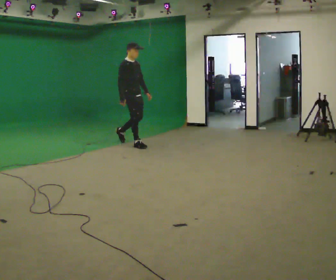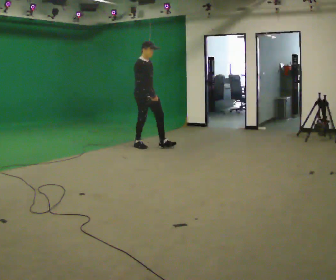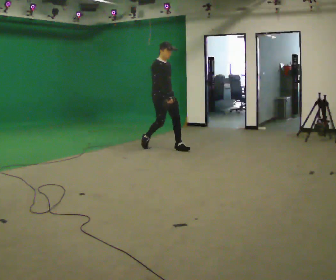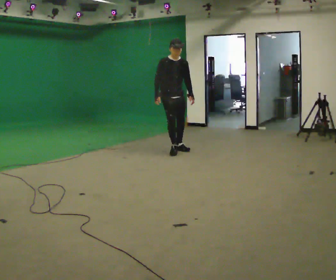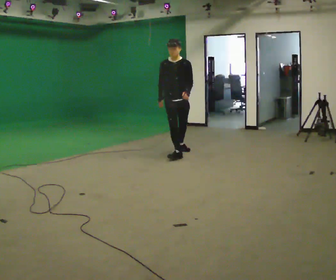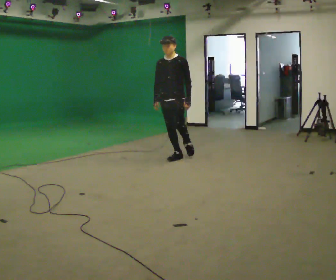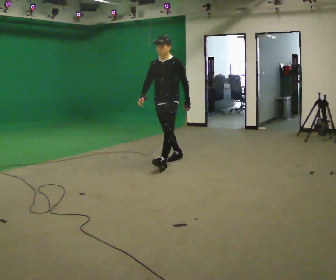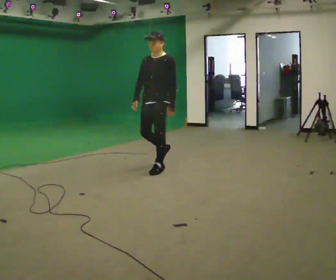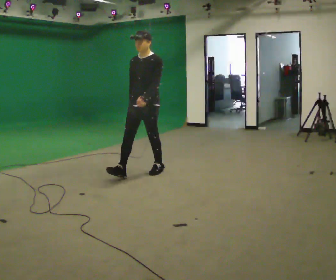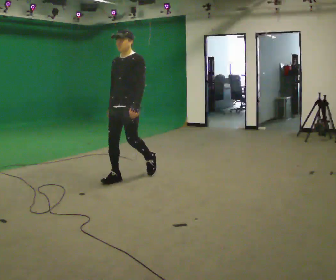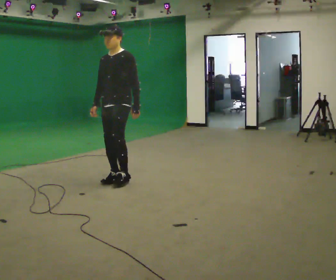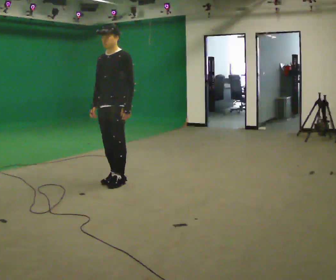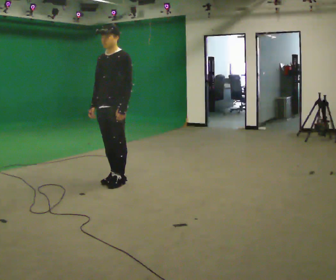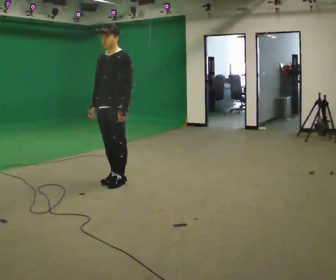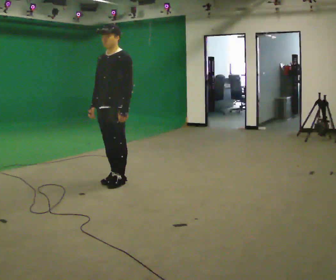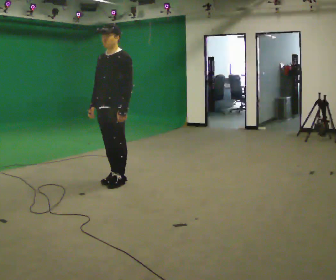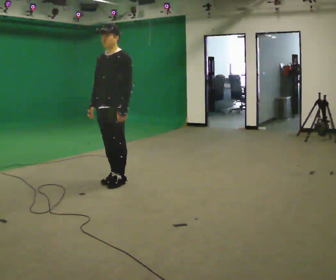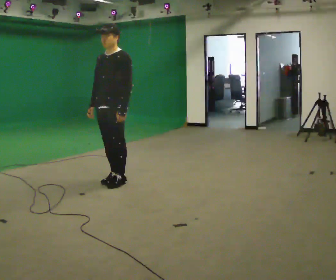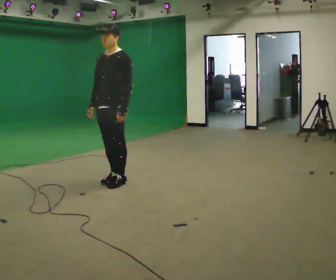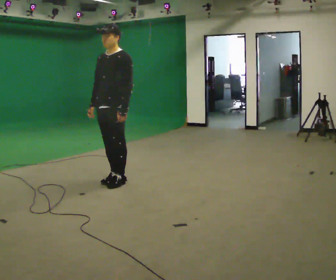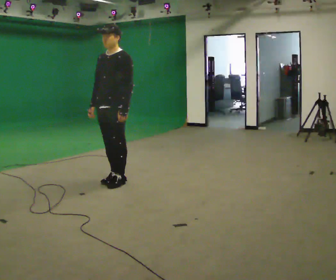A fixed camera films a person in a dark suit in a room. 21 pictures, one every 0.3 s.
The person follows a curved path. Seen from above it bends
clockwise.
The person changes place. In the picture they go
toward the camera.
0.0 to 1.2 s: The part of the body nearest the lens slides to the left as the person turns to their right by about 60 degrees. In the picture they go toward the camera and to the right, about 1 m in 2 steps.
1.2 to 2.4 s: Seen from above the body turns clockwise, about 30 degrees: to their right, with its near side sliding to the left. In the picture they go toward the camera and to the left, about 1 m in 1 step, which for them is forward.
2.4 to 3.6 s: In the picture they go toward the camera and to the left, about 0.5 m in 2 steps, which for them is forward.
3.6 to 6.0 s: The person keeps their place and pose.
The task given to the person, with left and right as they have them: Walk straight; turn 90° left/right while continuing to walk; continue.
The film runs forward here.
